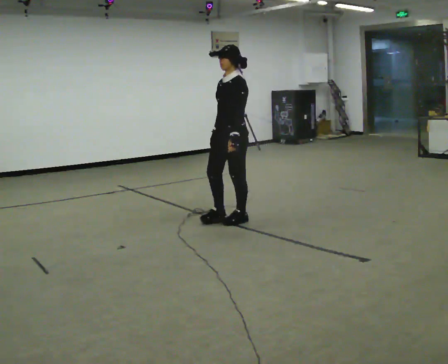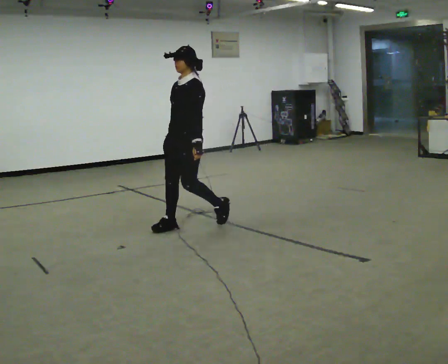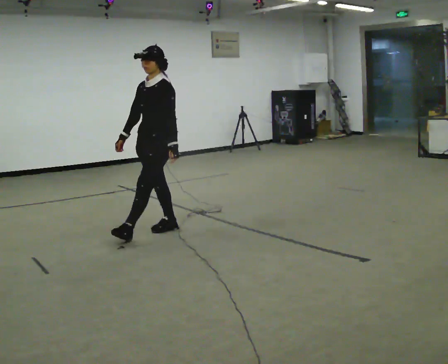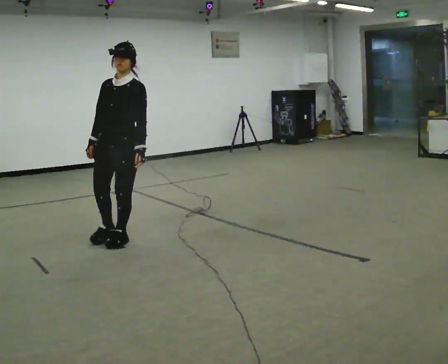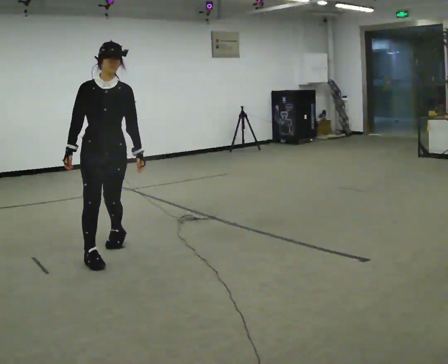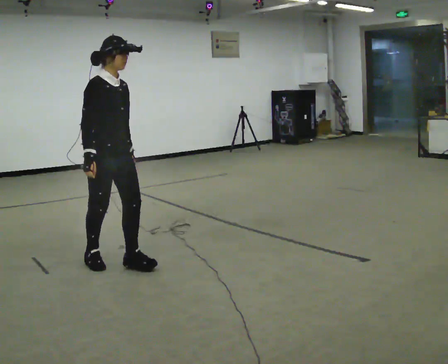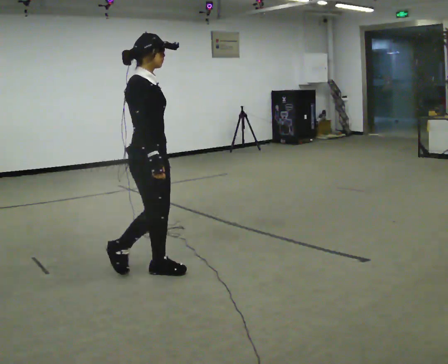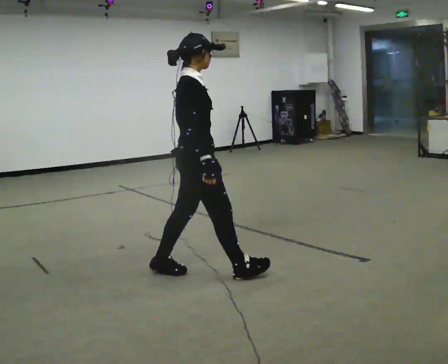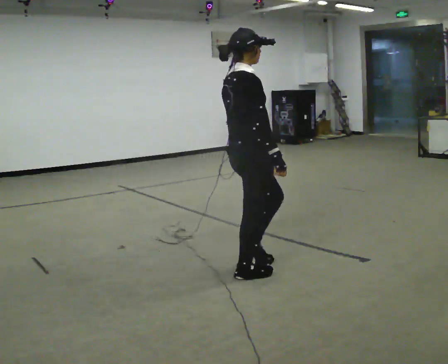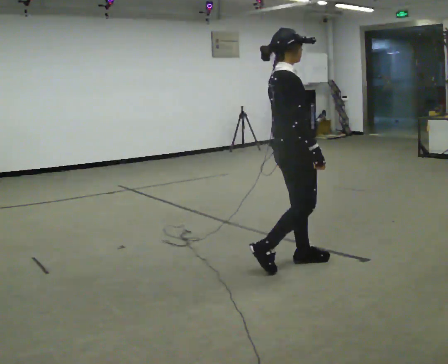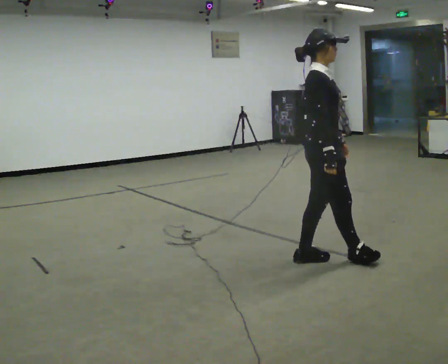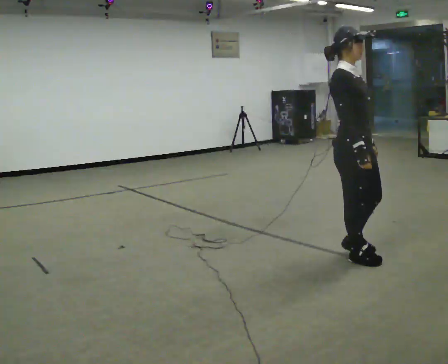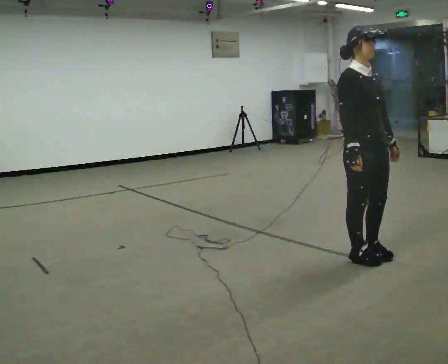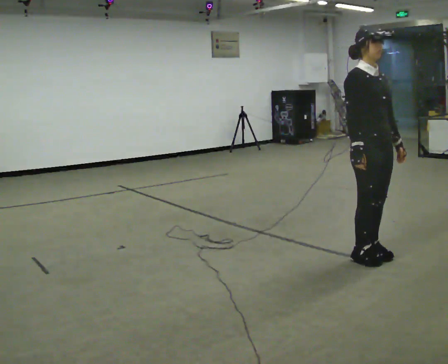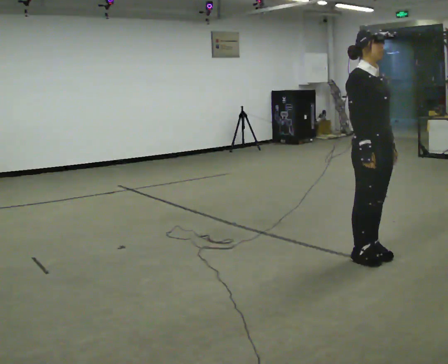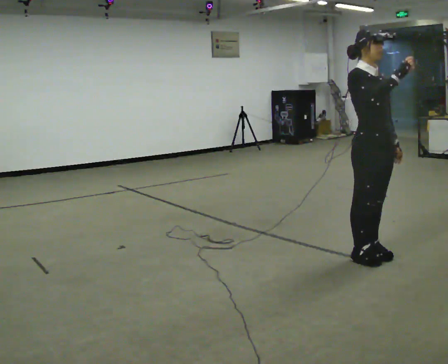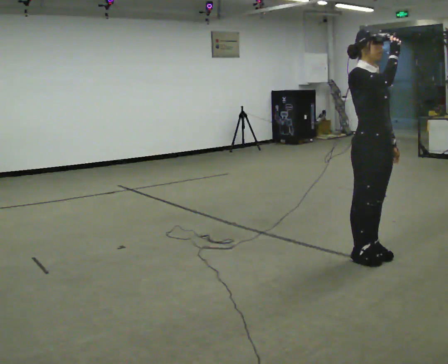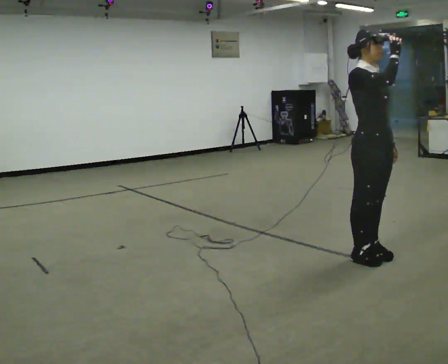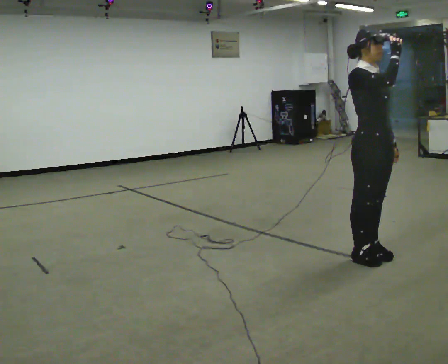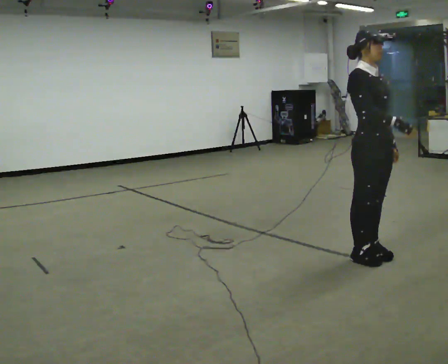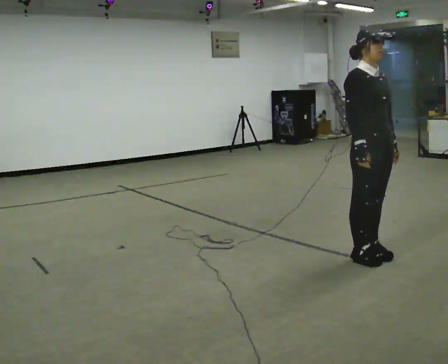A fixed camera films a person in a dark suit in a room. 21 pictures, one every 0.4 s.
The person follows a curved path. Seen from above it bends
counterclockwise.
0.0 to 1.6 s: The person turns about 75 degrees to their left, counterclockwise seen from above, so the part of the body nearest the lens slides to the right. In the picture they go toward the camera and to the left, about 1.5 m in 3 steps.
1.6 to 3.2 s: The part of the body nearest the lens slides to the right as the person turns to their left by about 90 degrees. In the picture they go to the right, about 1 m in 2 steps.
3.2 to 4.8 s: The person turns about 75 degrees to their right, clockwise seen from above, so the part of the body nearest the lens slides to the left. In the picture they go to the right, about 1 m in 3 steps.
4.8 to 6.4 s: In the picture their right hand goes upward.
6.4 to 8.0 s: In the picture their right hand goes downward.
The film runs forward here.
